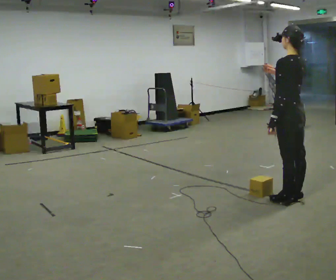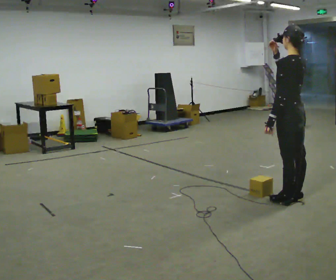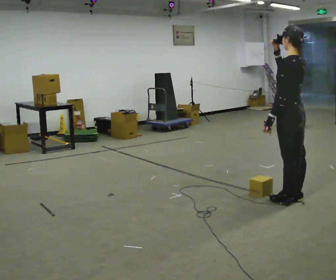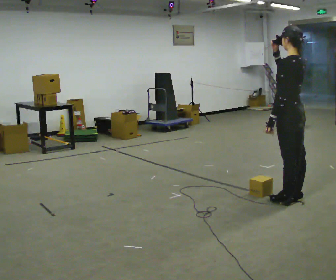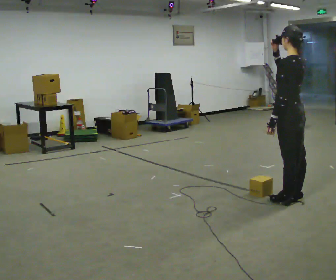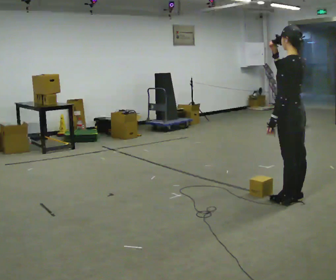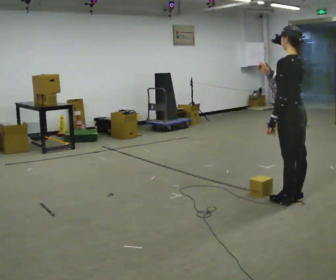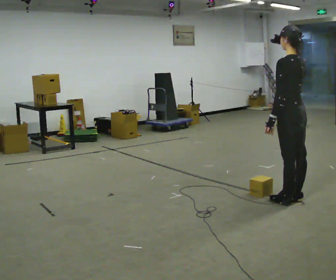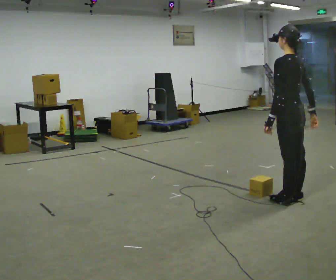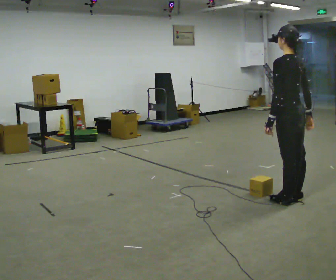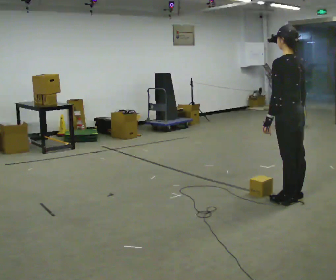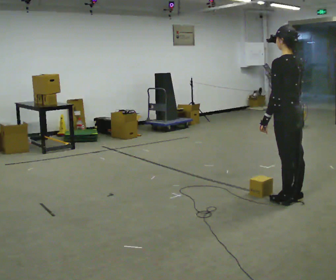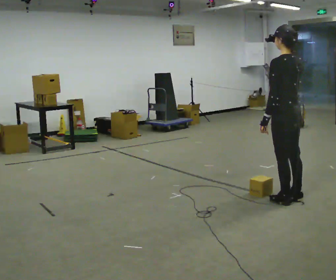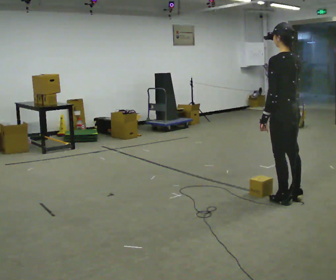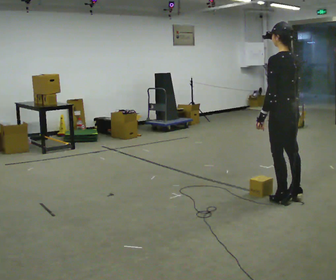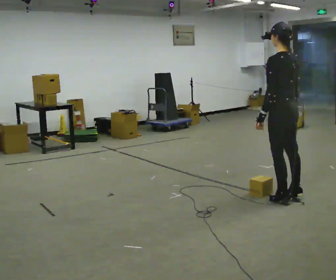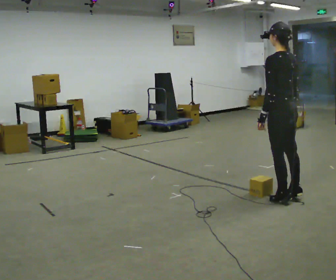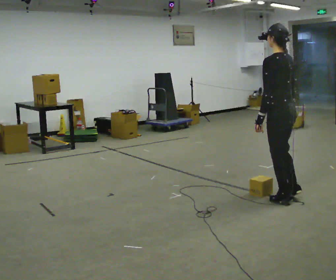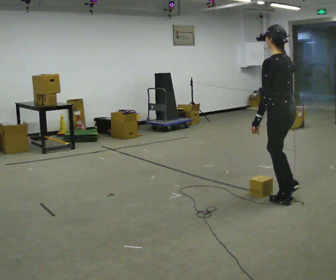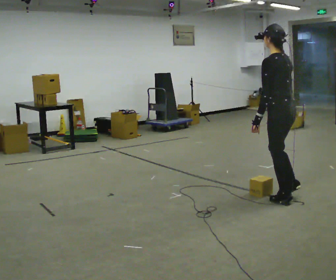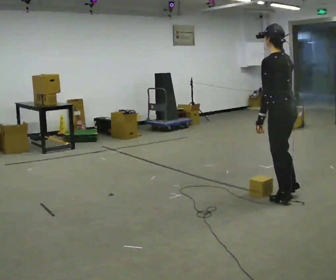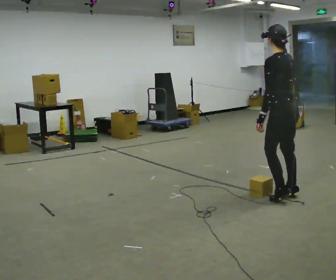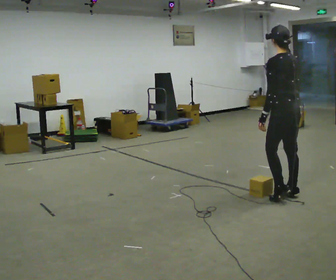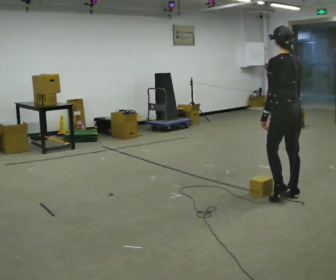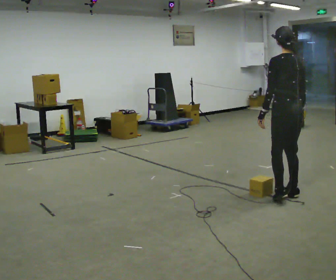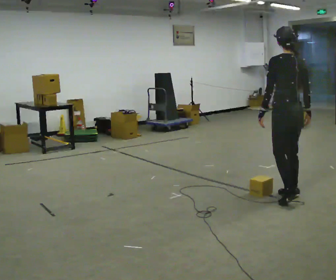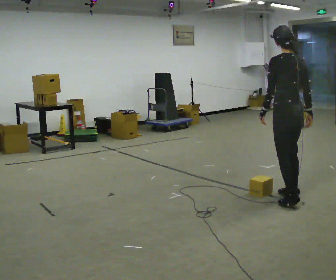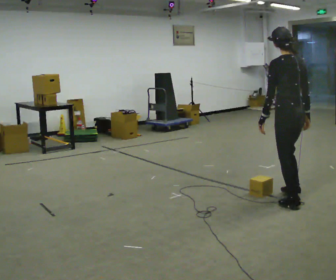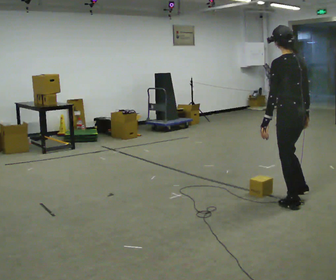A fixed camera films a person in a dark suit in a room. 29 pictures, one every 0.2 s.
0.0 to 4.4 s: In the picture their right hand goes downward.
4.4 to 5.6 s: In the picture they go toward the camera, about 0.25 m, which for them is backward.
The film runs forward here.
